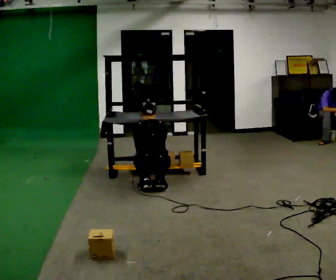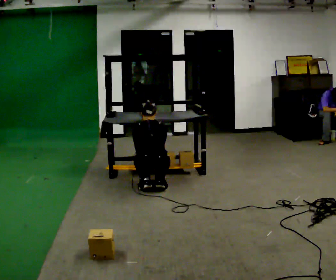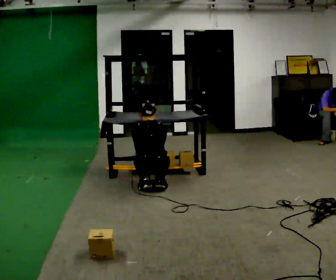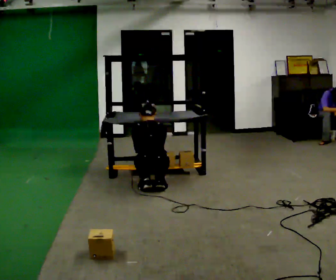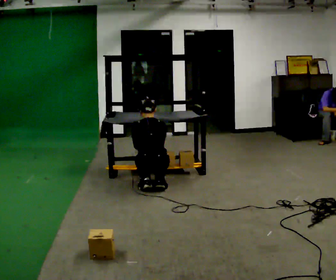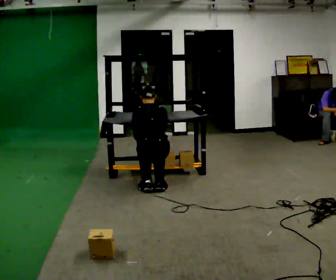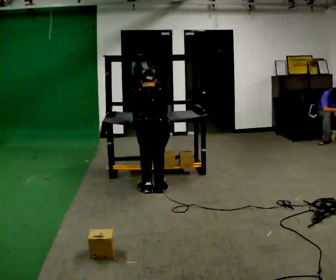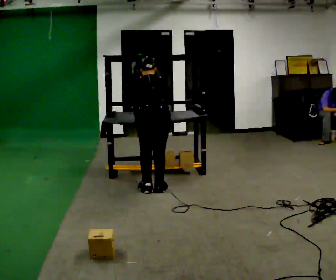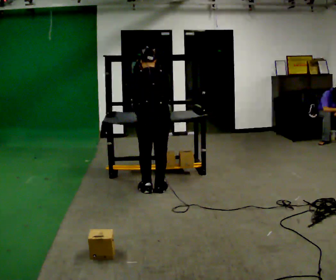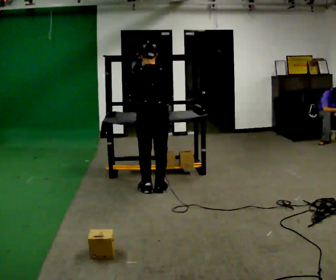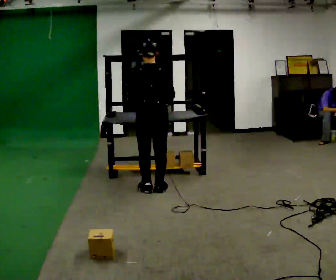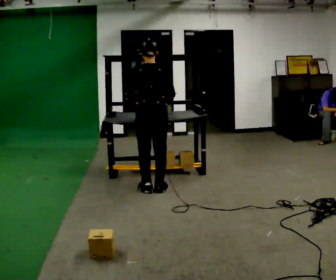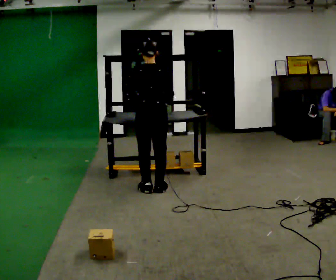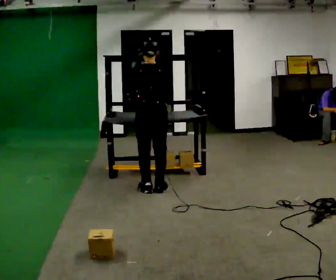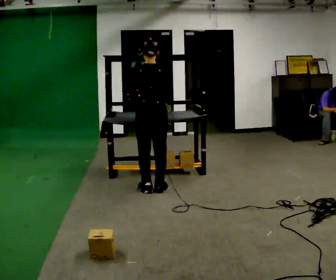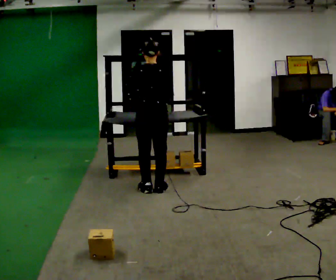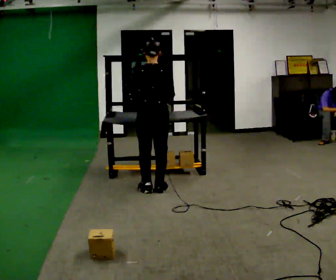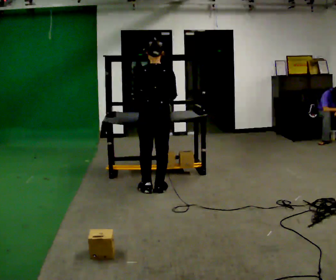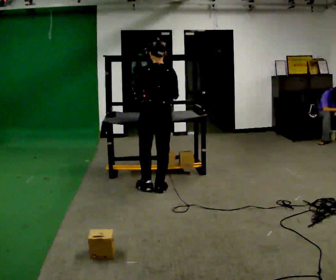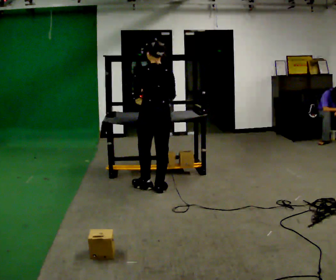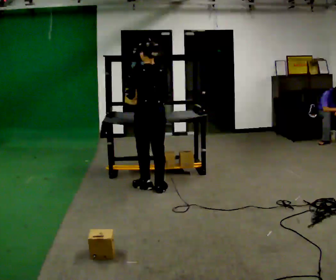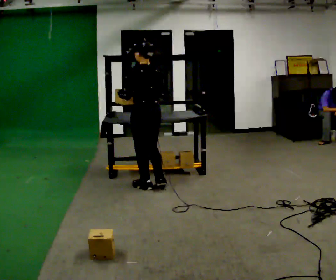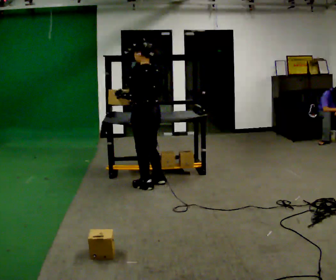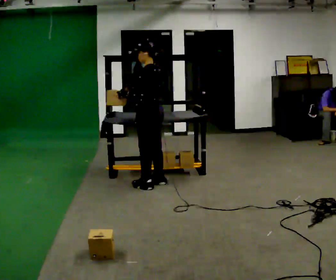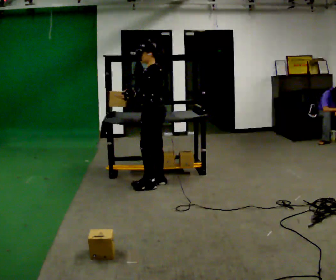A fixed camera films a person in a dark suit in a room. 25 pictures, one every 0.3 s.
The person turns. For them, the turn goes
to their left.
The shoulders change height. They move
upward.
0.0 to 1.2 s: The person moves a little, or ends about where they began.
1.2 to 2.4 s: The upper body goes upward. In the picture their left hand goes upward.
2.4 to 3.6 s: The upper body tips toward the camera, its near side rolling downward, as they lean back or straighten.
3.6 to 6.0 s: The person moves a little, or ends about where they began.
6.0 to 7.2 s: The part of the body nearest the lens slides to the right as the person turns to their left by about 60 degrees. In the picture they go away from the camera, about 0.25 m in 1 step.
The film runs forward here.
